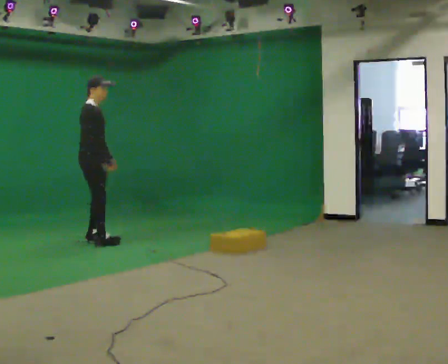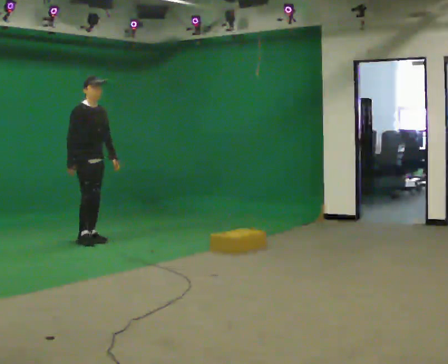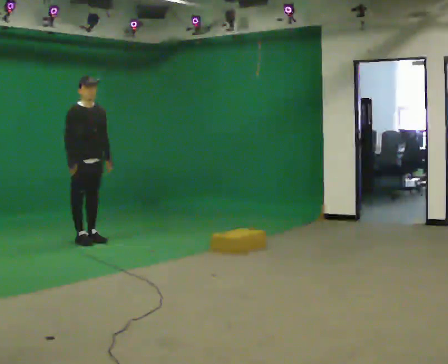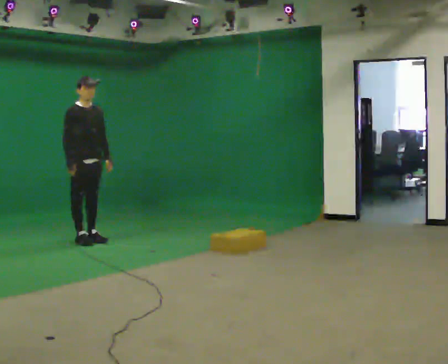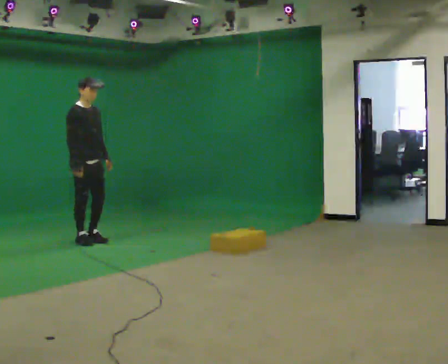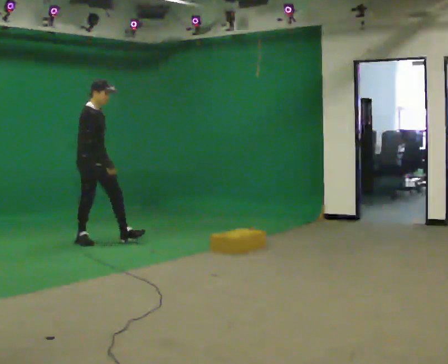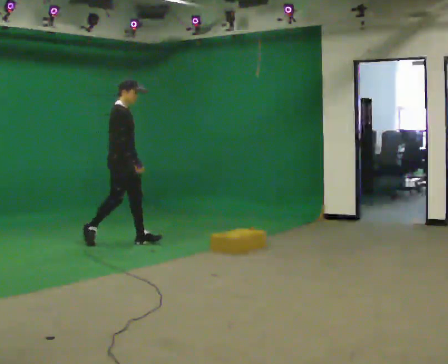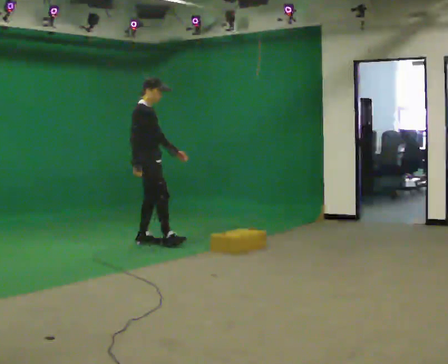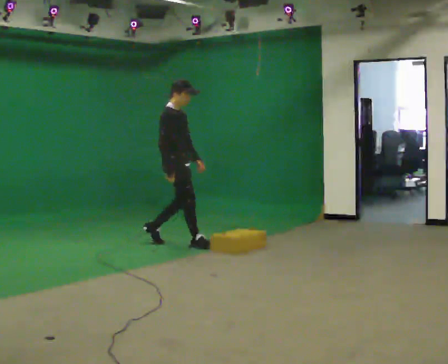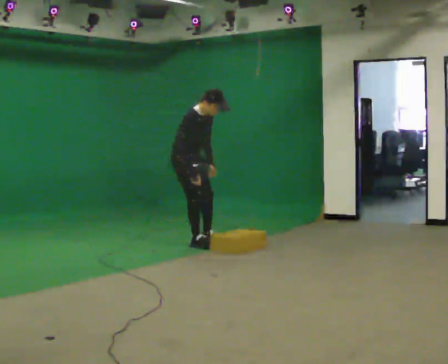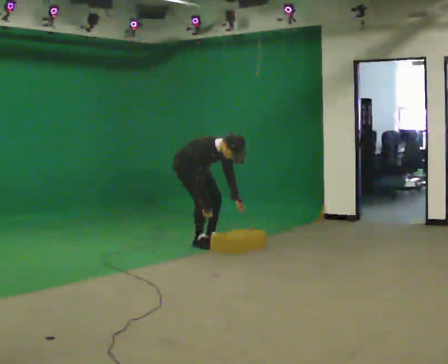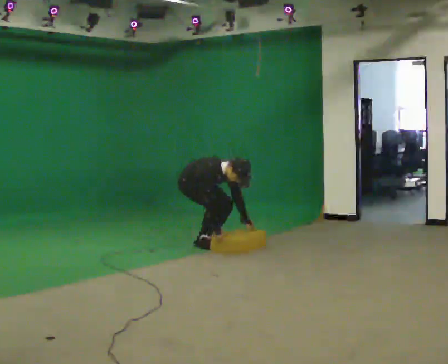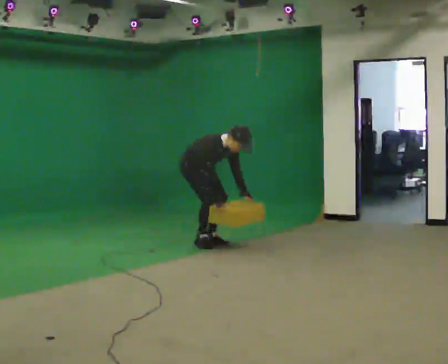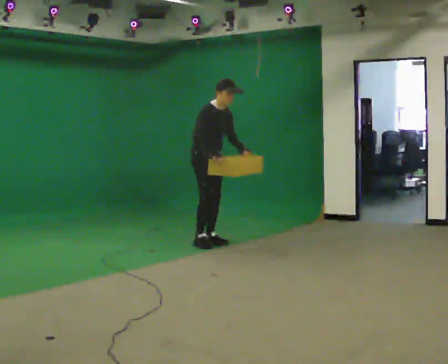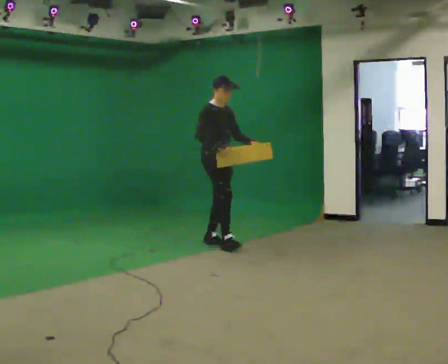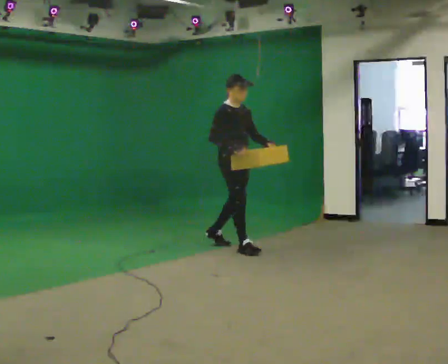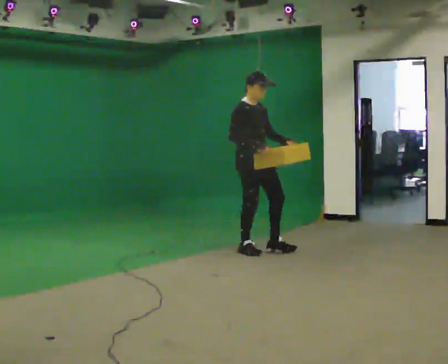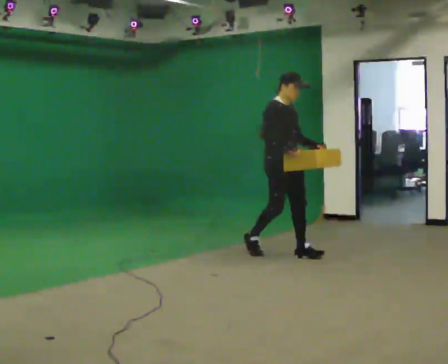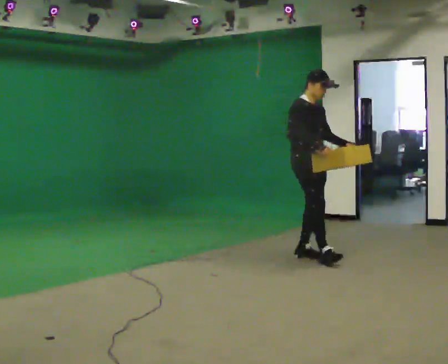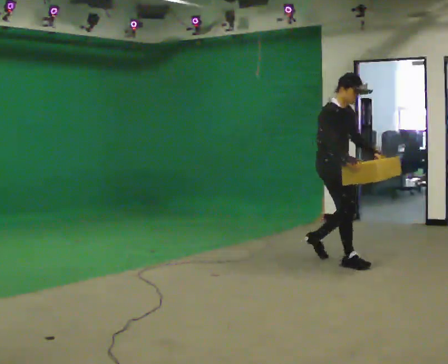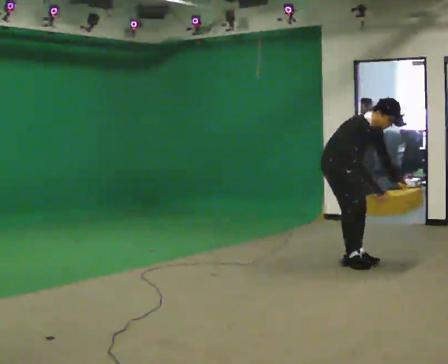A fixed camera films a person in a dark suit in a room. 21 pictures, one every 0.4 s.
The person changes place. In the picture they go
to the right.
0.0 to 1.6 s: The person moves a little, or ends about where they began.
1.6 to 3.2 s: In the picture they go to the right, about 1 m in 2 steps, which for them is forward.
3.2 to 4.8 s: The part of the body nearest the lens slides to the left as the person turns to their right by about 30 degrees. In the picture they go to the right, about 0.25 m in 1 step, which for them is to their left. In the picture their right hand goes to the right.
4.8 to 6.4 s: In the picture they go to the right and toward the camera, about 1 m in 1 step, which for them is forward. The shoulders move upward. In the picture the upper body tilts counterclockwise, shoulders to the left, as they lean back or straighten. In the picture their right hand goes upward.
6.4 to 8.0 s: In the picture they go to the right and toward the camera, about 1 m in 3 steps, which for them is forward. The shoulders move downward. In the picture the upper body tilts clockwise, shoulders to the right, as they bend forward. In the picture their right hand goes downward.
The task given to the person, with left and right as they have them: Start still; walk straight at normal comfortable speed; stop at endpoint.
The film runs forward here.
